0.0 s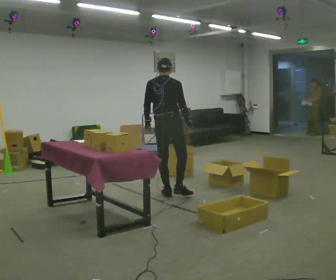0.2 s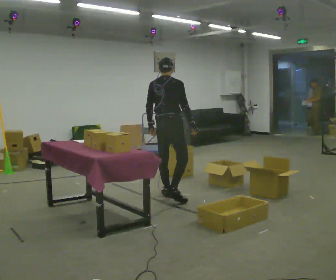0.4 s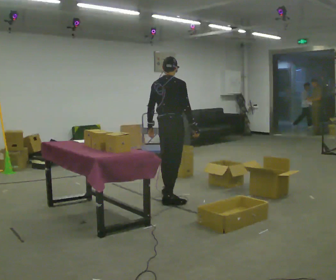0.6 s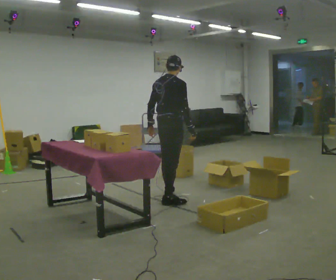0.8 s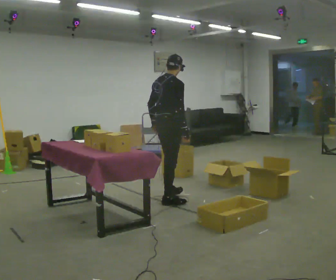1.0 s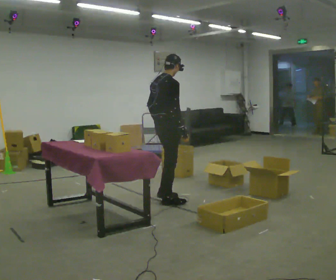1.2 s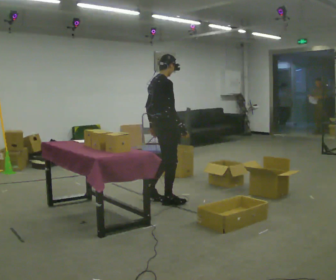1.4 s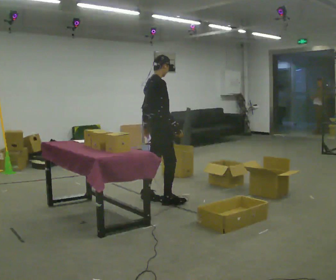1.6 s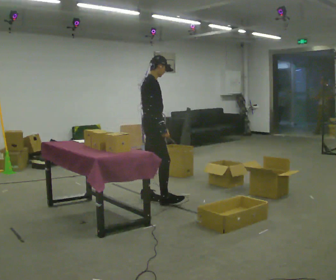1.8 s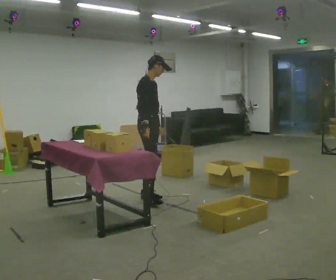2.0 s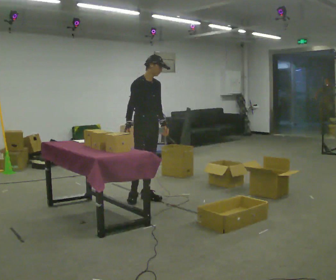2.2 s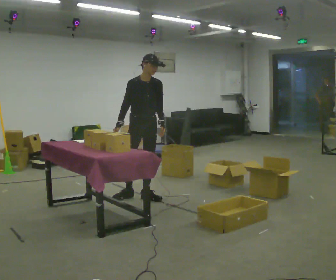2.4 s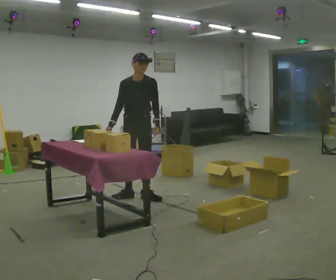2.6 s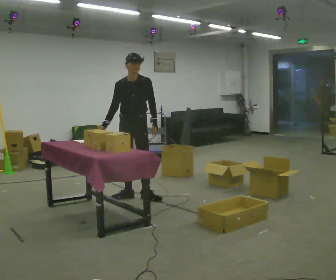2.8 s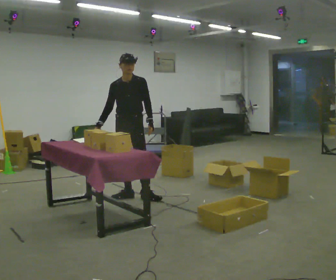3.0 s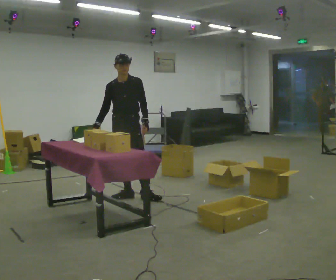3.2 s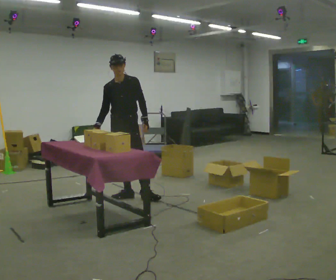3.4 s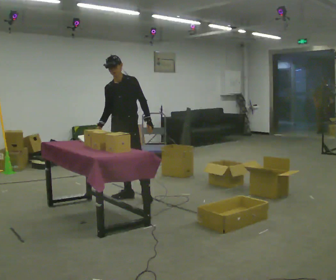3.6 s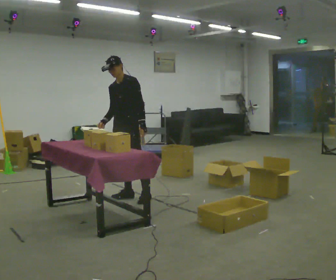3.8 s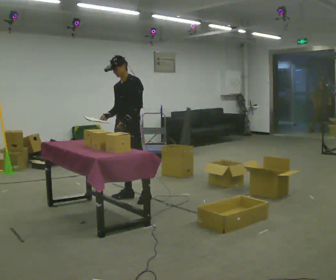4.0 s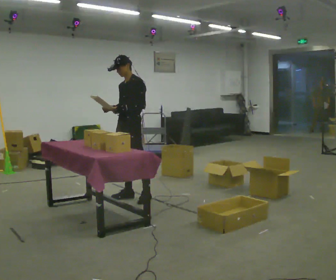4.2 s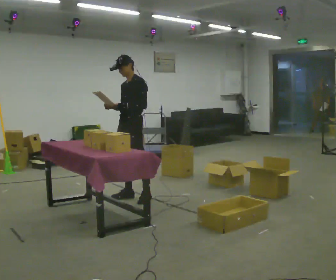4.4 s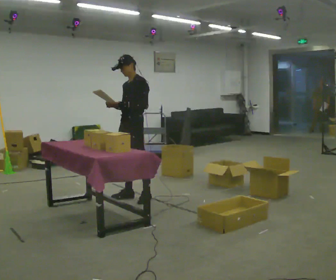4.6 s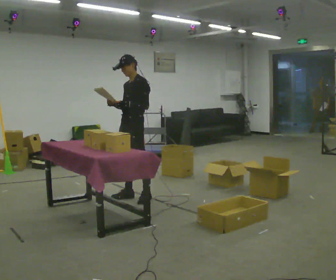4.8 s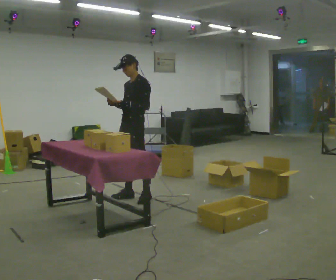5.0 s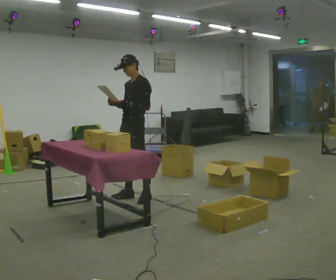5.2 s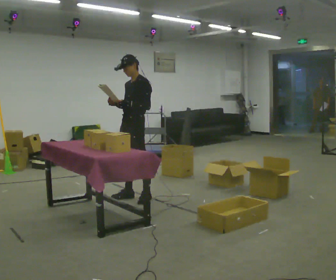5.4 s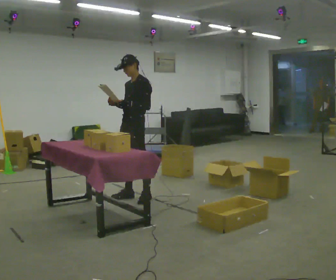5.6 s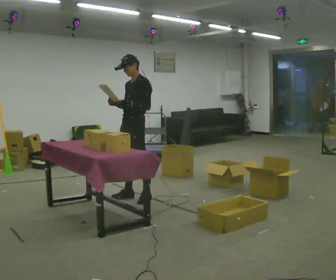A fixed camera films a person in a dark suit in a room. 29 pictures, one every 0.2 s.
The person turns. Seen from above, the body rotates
clockwise.
The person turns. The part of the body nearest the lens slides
to the left.
0.0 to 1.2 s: Seen from above the body turns clockwise, about 60 degrees: to their right, with its near side sliding to the left. In the picture they go toward the camera, about 0.25 m in 1 step, which for them is backward and to their right.
1.2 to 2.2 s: The part of the body nearest the lens slides to the left as the person turns to their right by about 90 degrees. In the picture they go away from the camera and to the left, about 0.25 m in 1 step.
2.2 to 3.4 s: Seen from above the body turns clockwise, about 45 degrees: to their right, with its near side sliding to the left. In the picture they go to the left, about 0.25 m, which for them is to their right.
3.4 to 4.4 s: The part of the body nearest the lens slides to the left as the person turns to their right by about 30 degrees.
4.4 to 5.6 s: The person moves a little, or ends about where they began.
The film runs backward here.
